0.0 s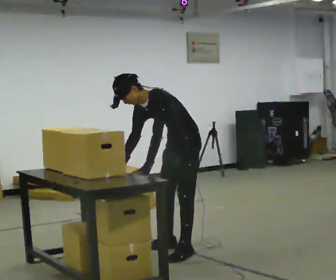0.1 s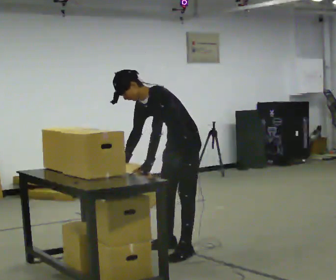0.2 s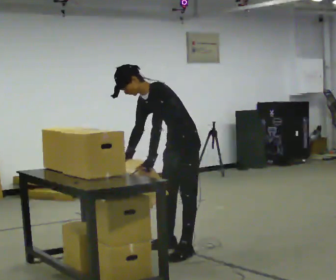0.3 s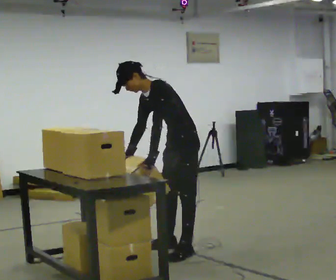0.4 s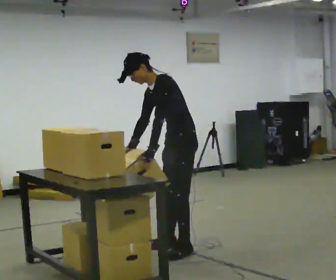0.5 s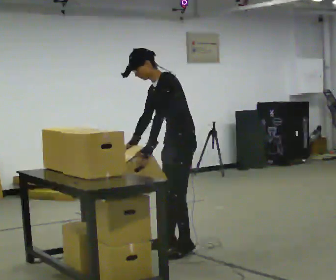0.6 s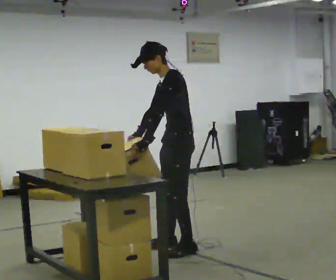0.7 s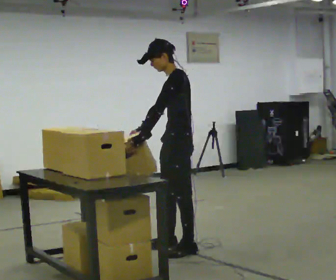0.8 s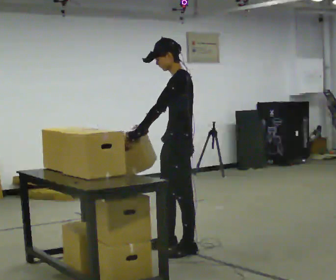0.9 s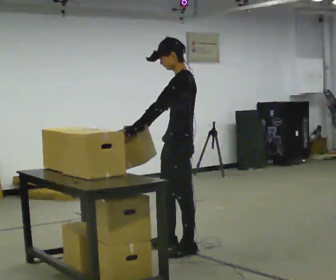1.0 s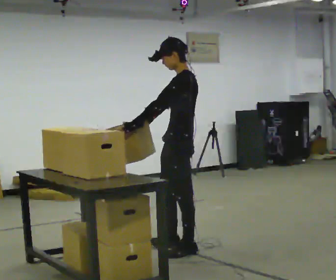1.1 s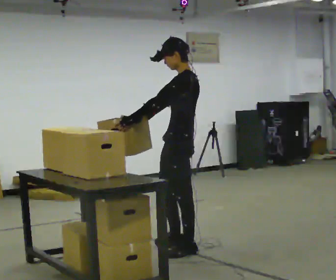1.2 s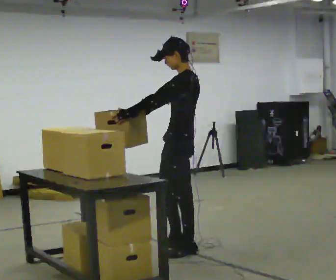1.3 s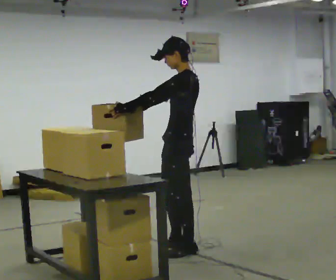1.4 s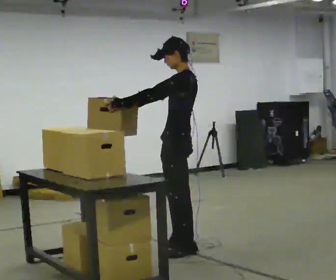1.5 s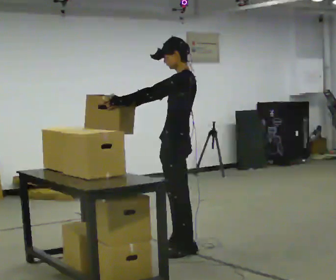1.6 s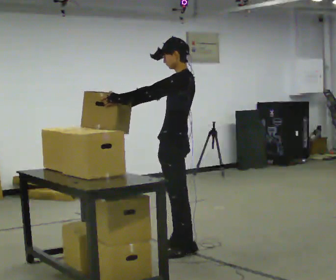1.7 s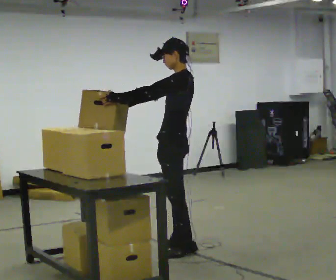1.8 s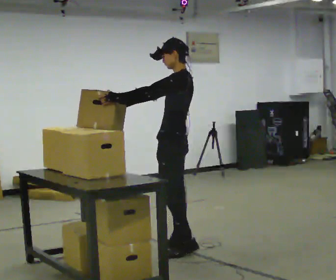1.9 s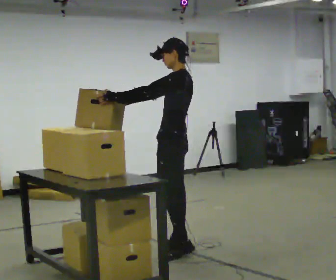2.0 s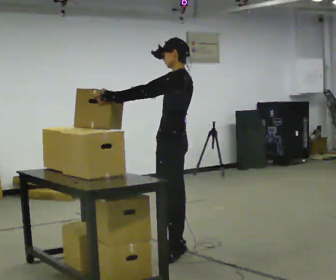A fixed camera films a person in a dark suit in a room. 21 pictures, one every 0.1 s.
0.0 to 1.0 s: The person turns about 30 degrees to their right, clockwise seen from above, so the part of the body nearest the lens slides to the left. The upper body goes upward. In the picture the upper body tilts clockwise, shoulders to the right, as they lean back or straighten. In the picture their left hand goes upward, the arm swinging clockwise.
1.0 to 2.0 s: The person moves a little, or ends about where they began.
The film runs backward here.
